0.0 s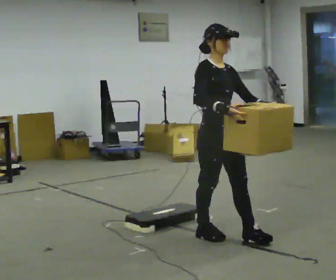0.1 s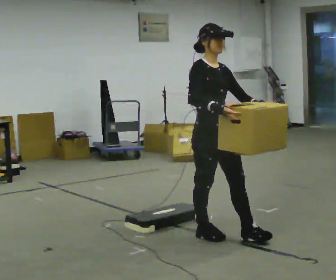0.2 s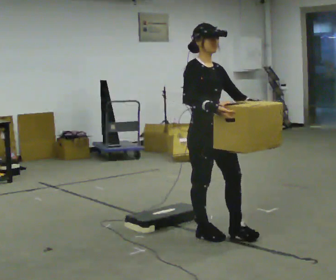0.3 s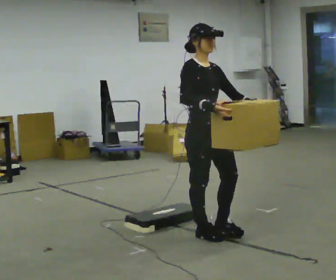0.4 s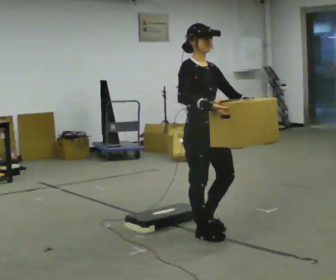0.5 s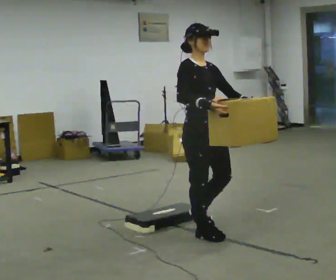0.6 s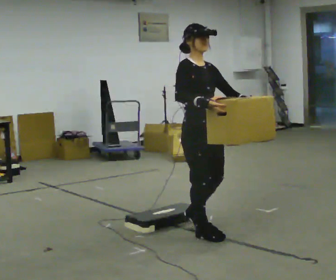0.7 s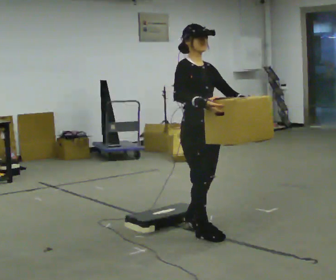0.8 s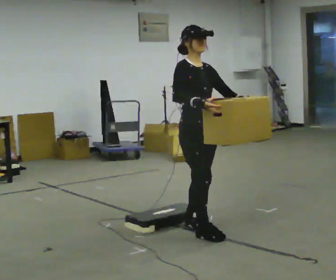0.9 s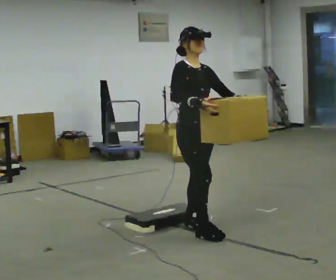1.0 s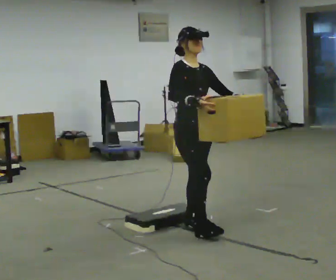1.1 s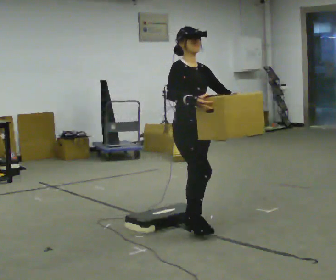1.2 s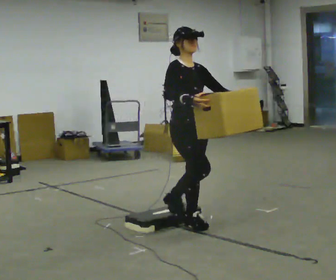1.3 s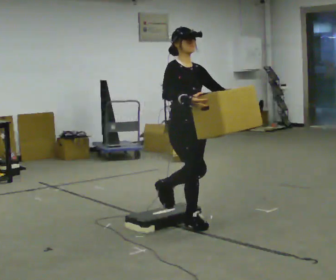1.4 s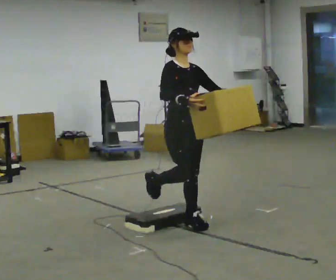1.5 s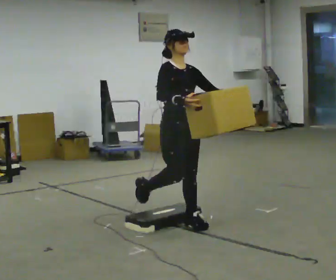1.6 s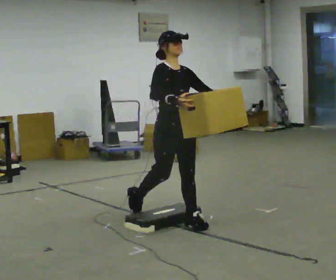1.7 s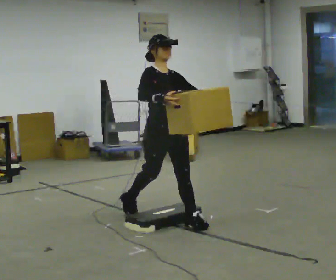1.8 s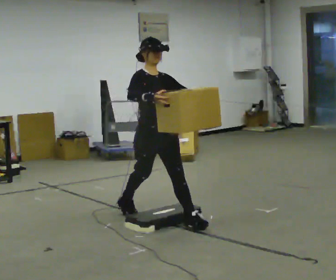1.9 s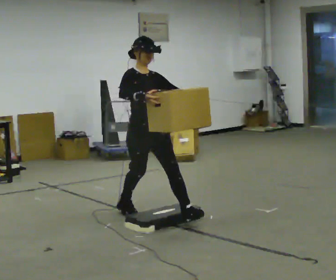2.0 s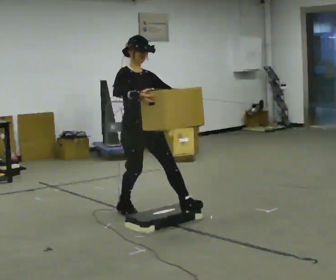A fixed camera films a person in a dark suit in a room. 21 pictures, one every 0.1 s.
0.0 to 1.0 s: In the picture they go away from the camera and to the left, about 0.25 m in 2 steps, which for them is backward.
1.0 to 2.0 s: In the picture they go to the left and away from the camera, about 0.5 m, which for them is backward.
The film runs backward here.
